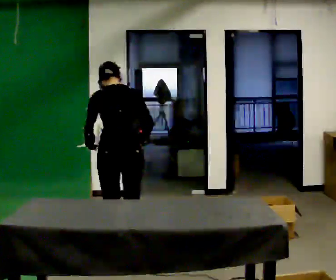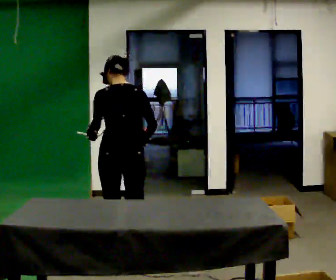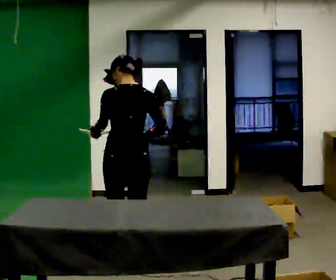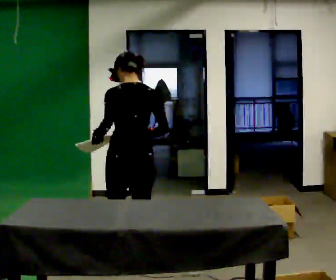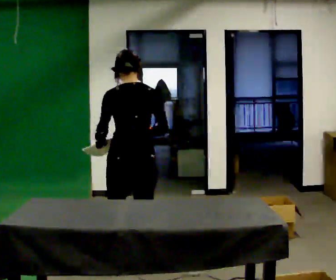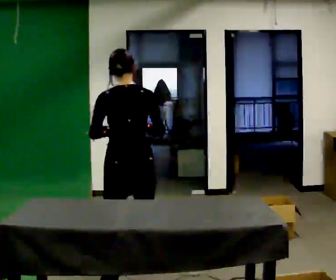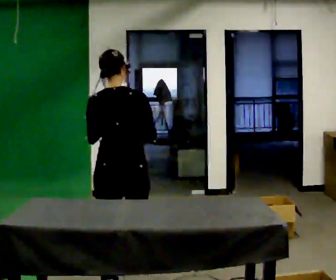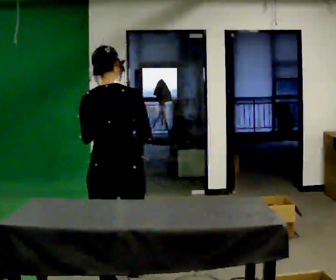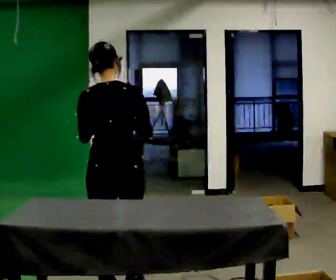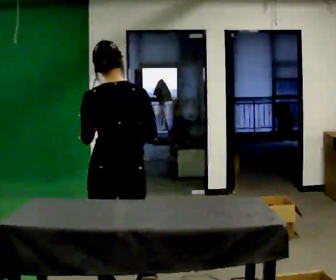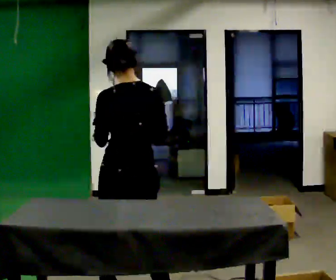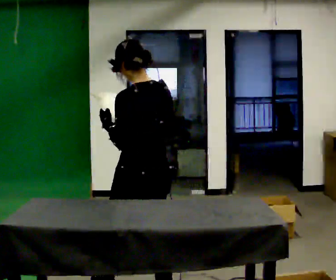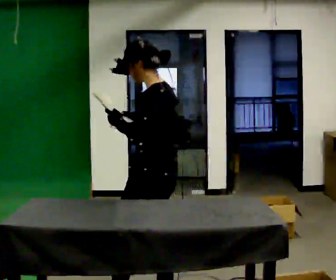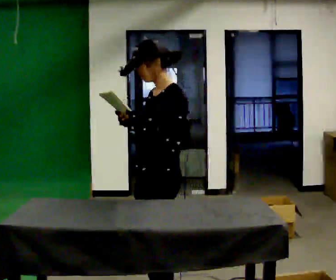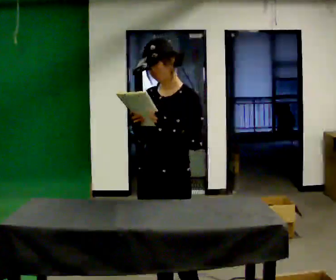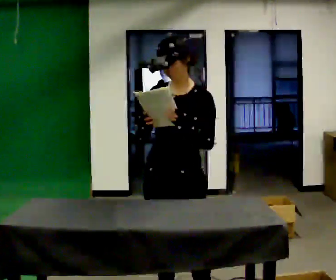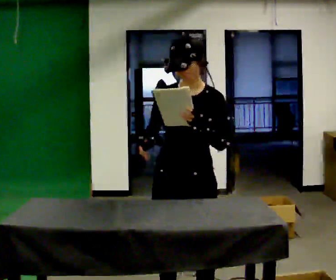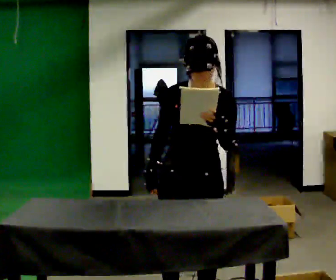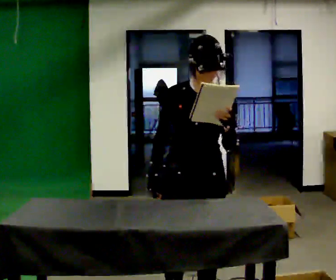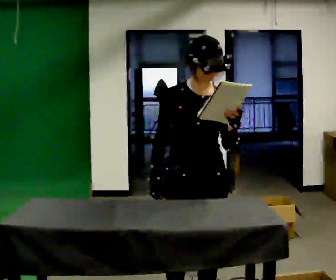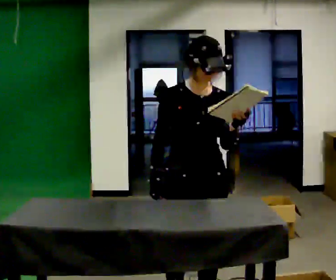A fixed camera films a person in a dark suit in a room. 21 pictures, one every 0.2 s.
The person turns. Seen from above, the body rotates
counterclockwise.
The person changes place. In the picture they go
toward the camera.
0.0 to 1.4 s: In the picture they go toward the camera, about 0.5 m in 2 steps, which for them is backward.
1.4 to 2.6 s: Seen from above the body turns counterclockwise, about 105 degrees: to their left, with its near side sliding to the right. In the picture they go to the right and toward the camera, about 0.5 m in 1 step.
2.6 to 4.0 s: Seen from above the body turns counterclockwise, about 90 degrees: to their left, with its near side sliding to the right. In the picture they go to the right, about 0.25 m.
The film runs backward here.
